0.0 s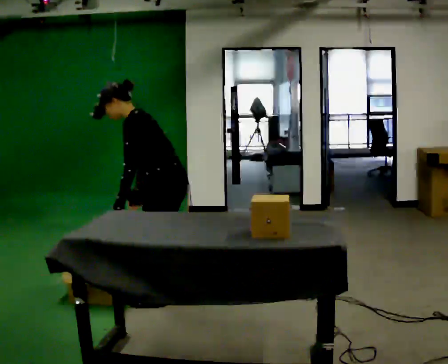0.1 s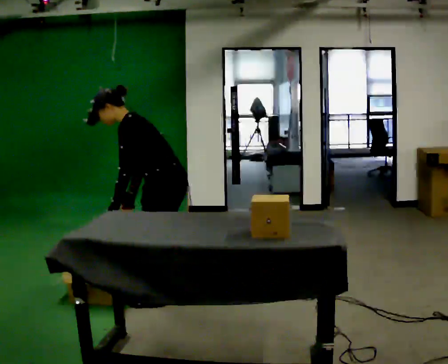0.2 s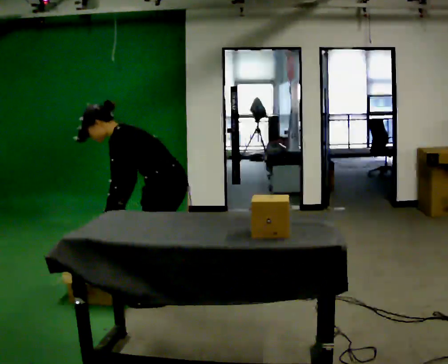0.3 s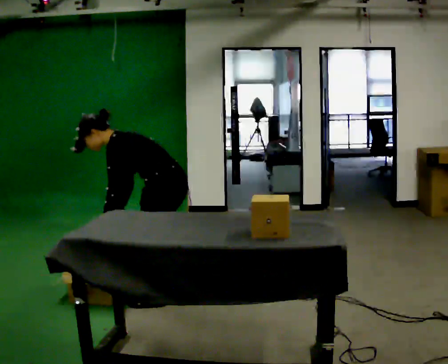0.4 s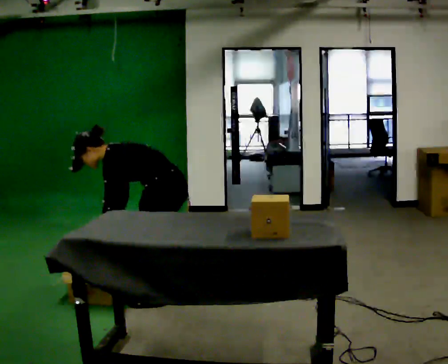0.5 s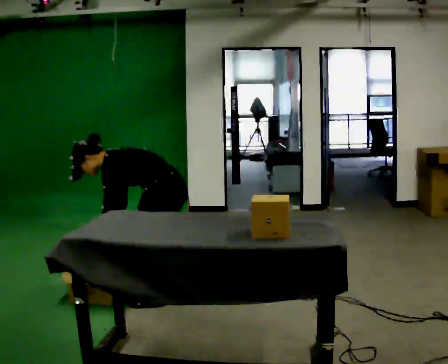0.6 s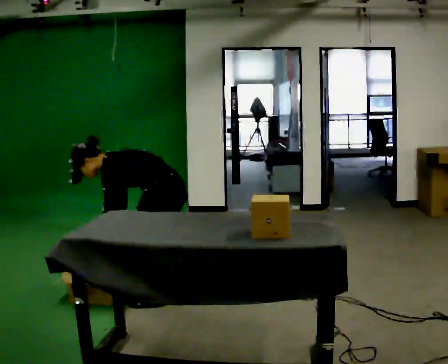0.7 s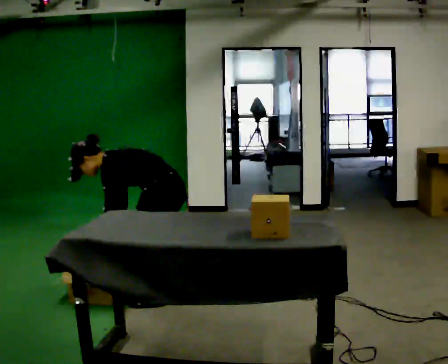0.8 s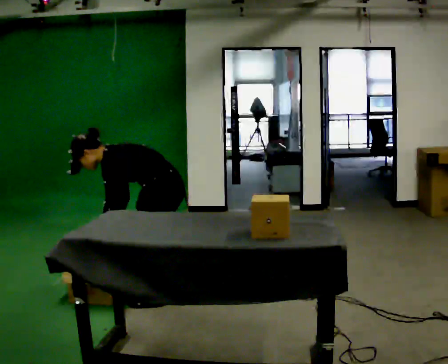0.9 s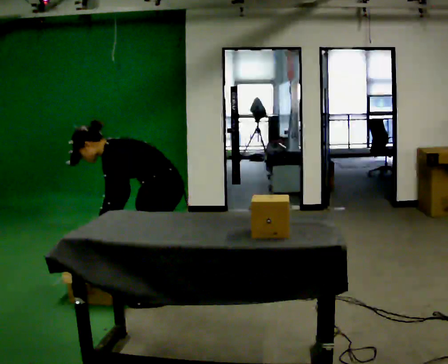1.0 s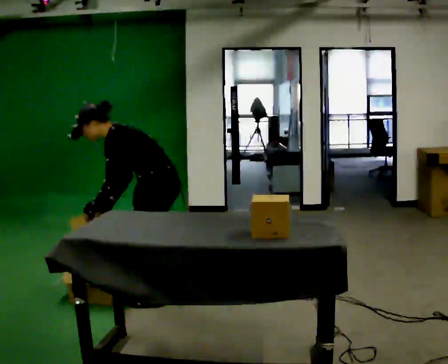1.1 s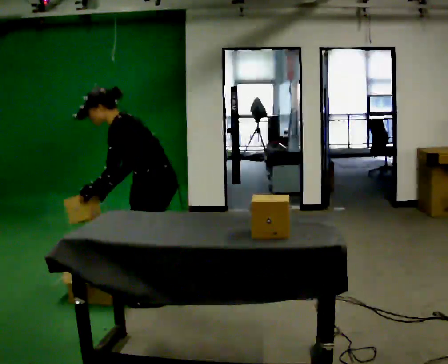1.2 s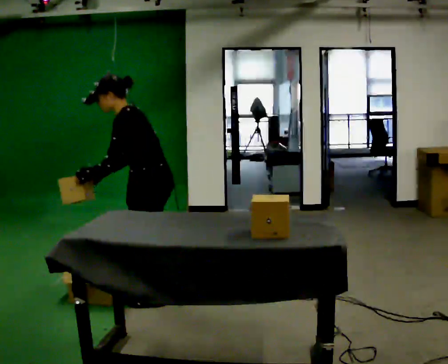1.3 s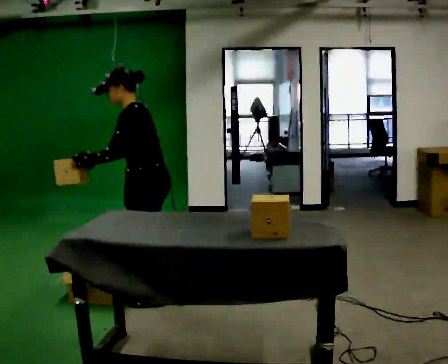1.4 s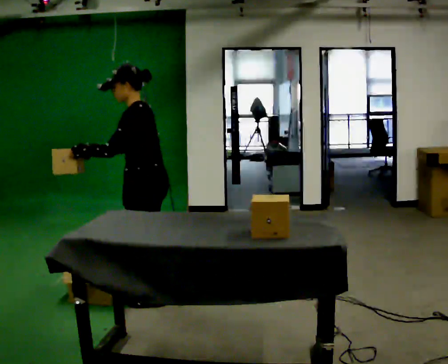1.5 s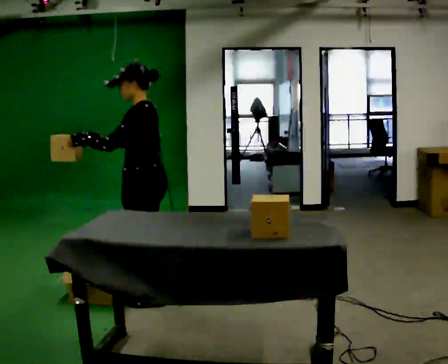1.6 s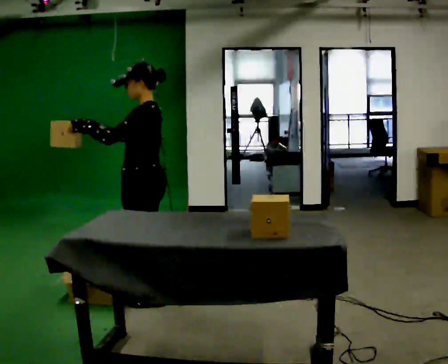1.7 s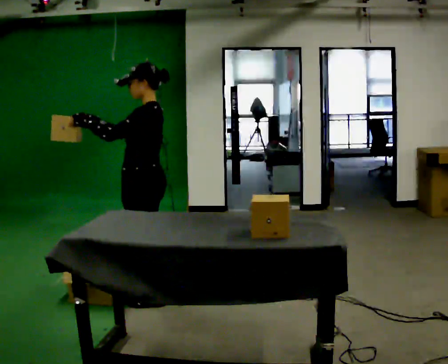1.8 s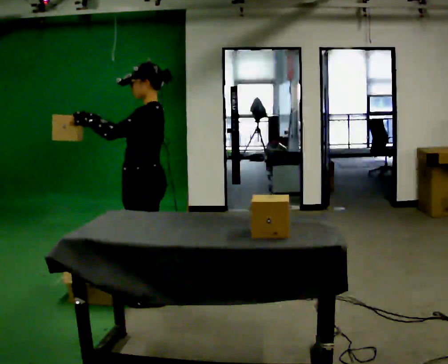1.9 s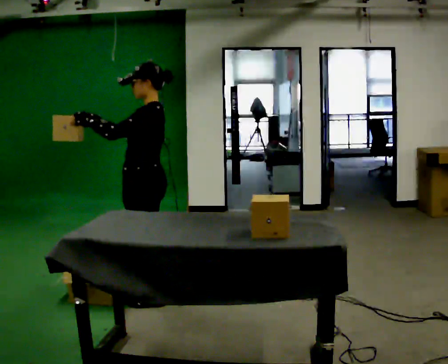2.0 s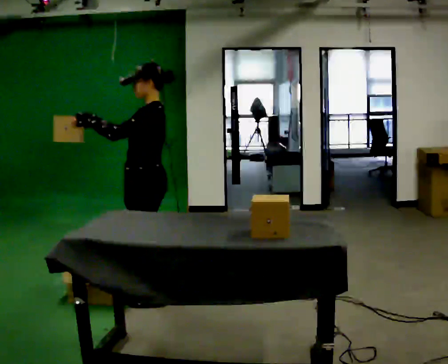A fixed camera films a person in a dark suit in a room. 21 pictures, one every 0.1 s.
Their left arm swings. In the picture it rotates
clockwise.
Their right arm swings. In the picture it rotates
clockwise.
0.0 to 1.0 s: The person moves a little, or ends about where they began.
1.0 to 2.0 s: The shoulders move upward. In the picture the upper body tilts clockwise, shoulders to the right, as they lean back or straighten. In the picture their right hand goes upward, the arm swinging clockwise.
The film runs forward here.
